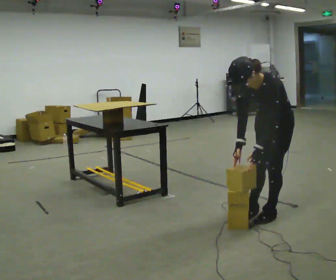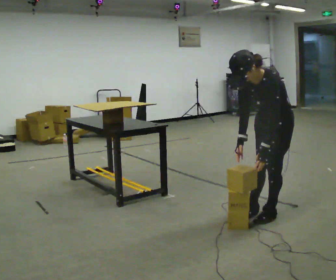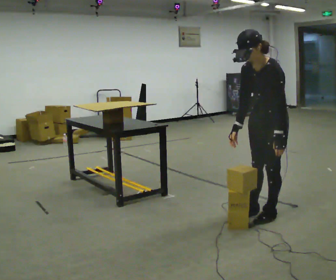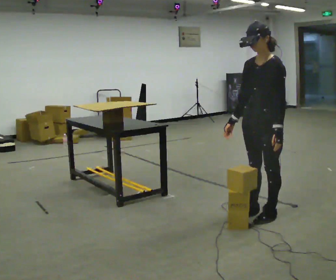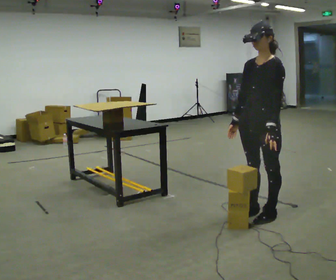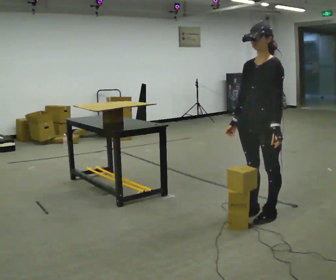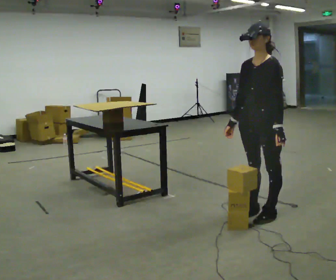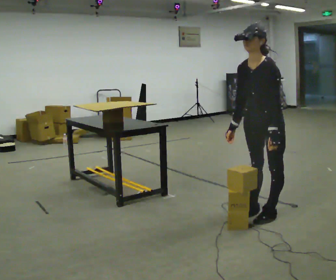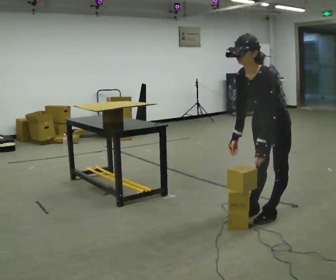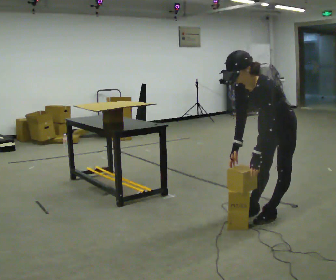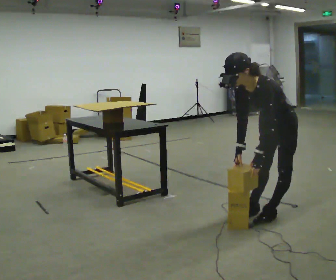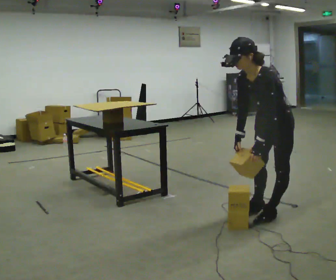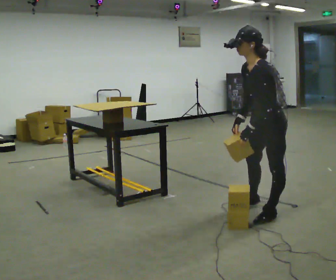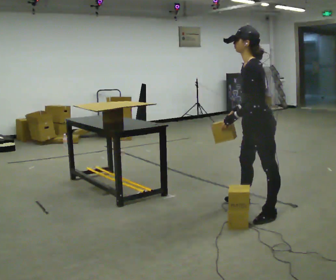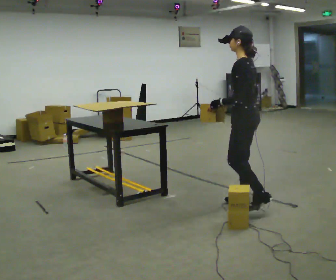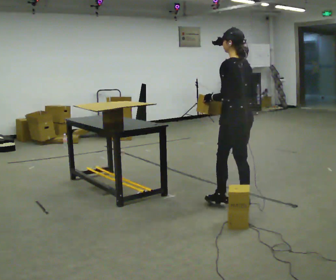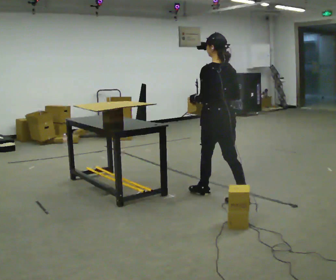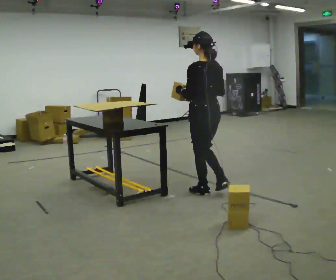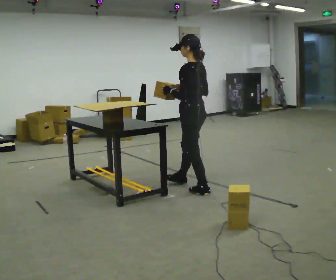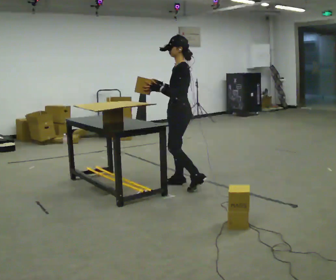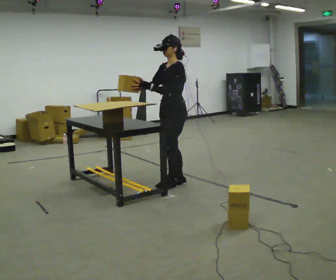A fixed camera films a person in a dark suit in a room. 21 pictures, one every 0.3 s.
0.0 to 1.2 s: The upper body tips away from the camera, its near side rolling upward, as they lean back or straighten.
1.2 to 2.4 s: The upper body tips toward the camera, its near side rolling downward, as they bend forward.
2.4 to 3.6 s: The person moves a little, or ends about where they began.
3.6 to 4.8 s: The part of the body nearest the lens slides to the left as the person turns to their right by about 60 degrees. In the picture they go to the left and away from the camera, about 0.75 m in 2 steps. In the picture the upper body tilts clockwise, shoulders to the right, as they lean back or straighten.
4.8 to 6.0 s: The part of the body nearest the lens slides to the right as the person turns to their left by about 75 degrees. In the picture they go to the left and away from the camera, about 0.5 m in 1 step.
The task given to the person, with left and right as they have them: Carry the object over and set it down on the wobbly board without tipping it over. Keep going until the operator says stop; one object at a time, and do not rush between trips.
The film runs forward here.
